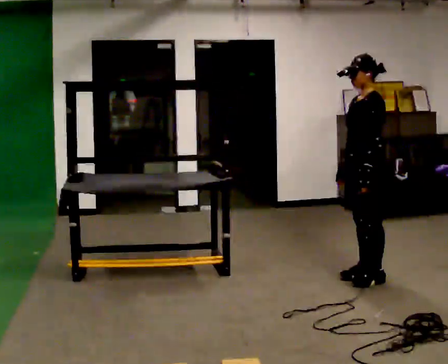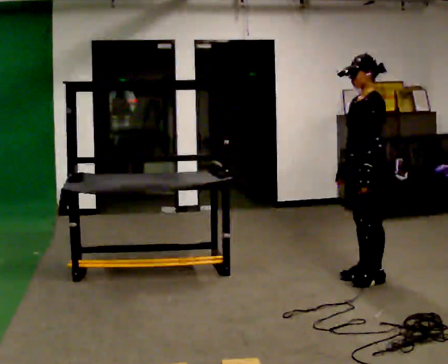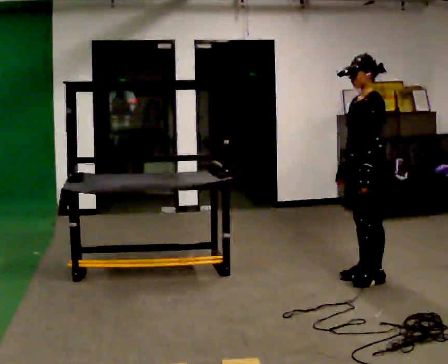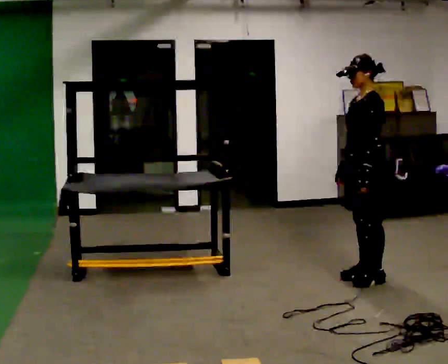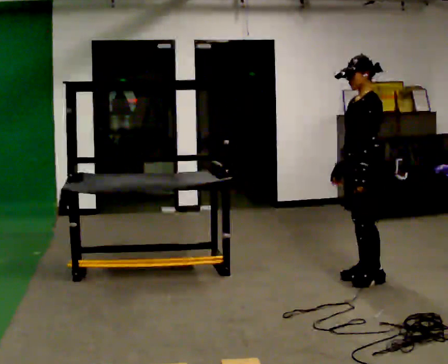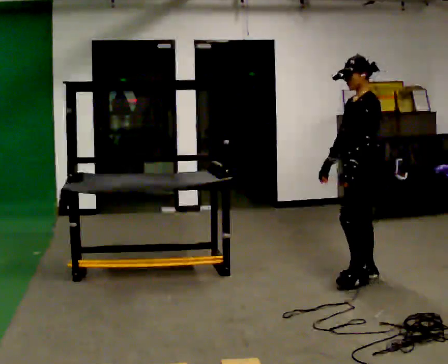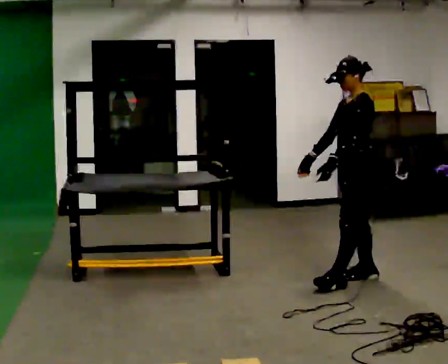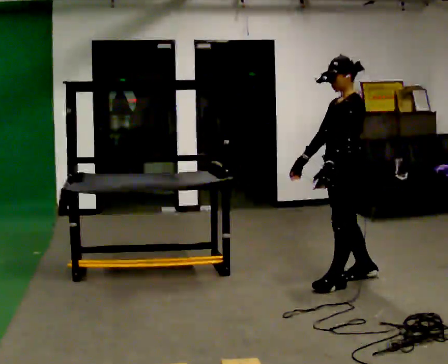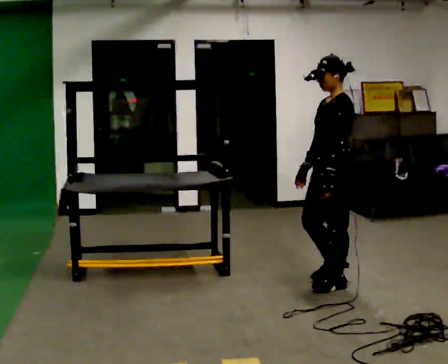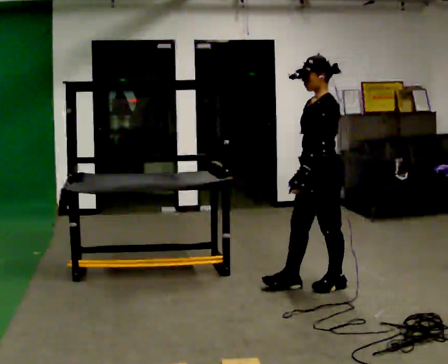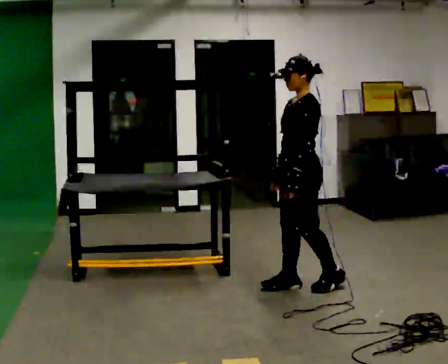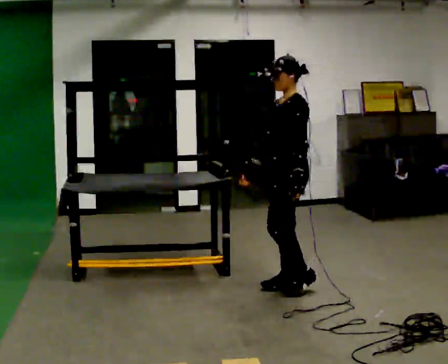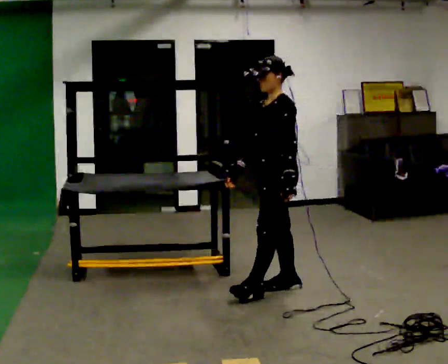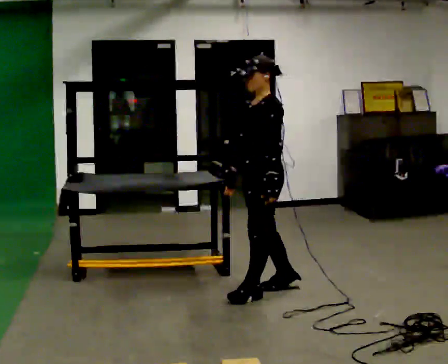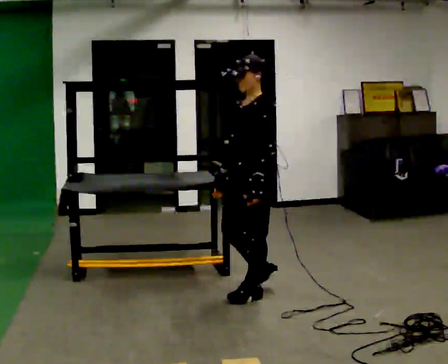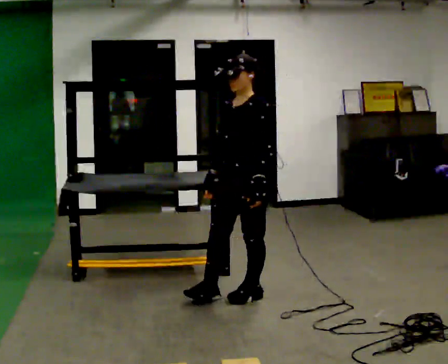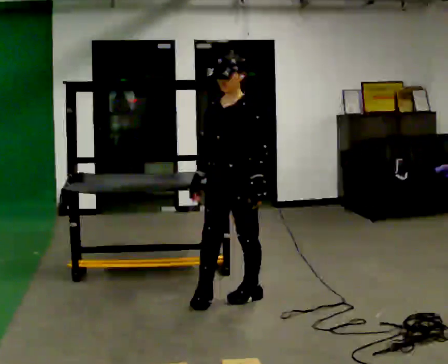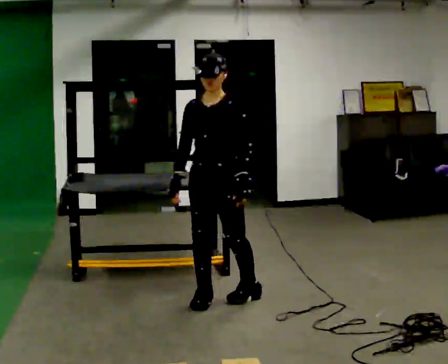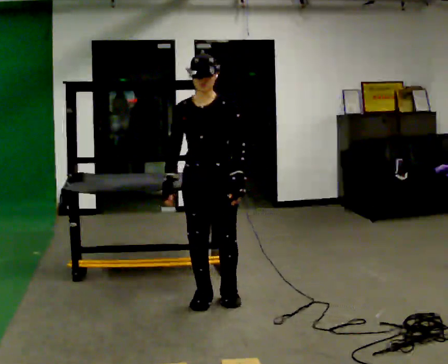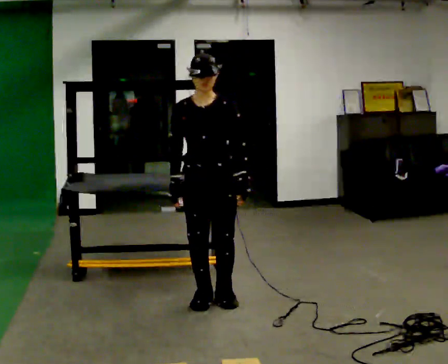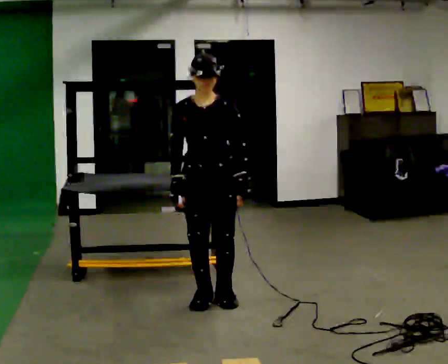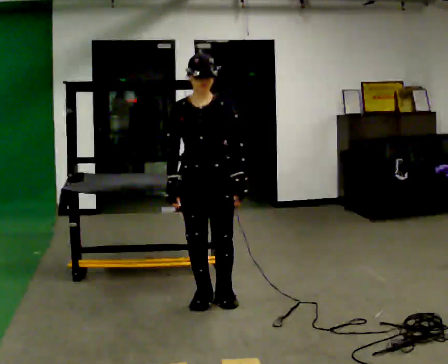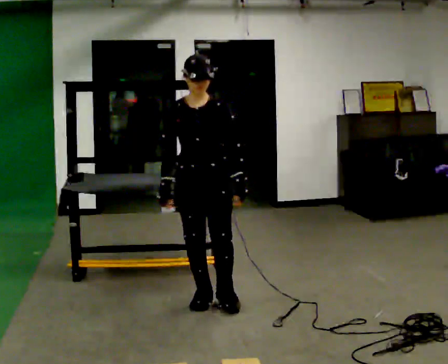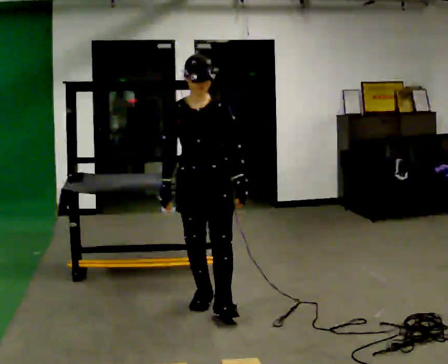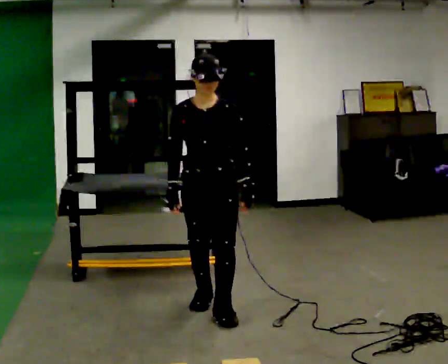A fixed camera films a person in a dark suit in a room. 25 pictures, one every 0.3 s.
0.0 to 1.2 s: The person moves a little, or ends about where they began.
1.2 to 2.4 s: In the picture they go to the left and toward the camera, about 0.25 m in 1 step, which for them is forward and to their left.
2.4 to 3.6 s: In the picture they go to the left, about 0.5 m in 2 steps, which for them is forward.
3.6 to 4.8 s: Seen from above the body turns counterclockwise, about 30 degrees: to their left, with its near side sliding to the right. In the picture they go to the left and toward the camera, about 0.25 m in 1 step, which for them is forward.
4.8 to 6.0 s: Seen from above the body turns counterclockwise, about 45 degrees: to their left, with its near side sliding to the right. In the picture they go to the left, about 0.25 m in 1 step, which for them is to their right.
6.0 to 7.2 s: In the picture they go toward the camera, about 0.25 m in 1 step, which for them is forward.
The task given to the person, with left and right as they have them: Carry the box over and put it on the shelf with the label facing out towards you. Get the orientation right, not just the position. Keep going until the operator says stop; one object at a time, and do not rush between trips.
The film runs forward here.
